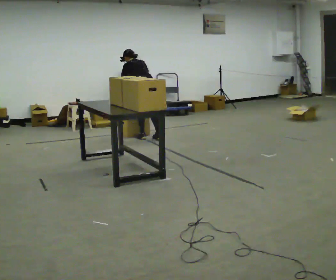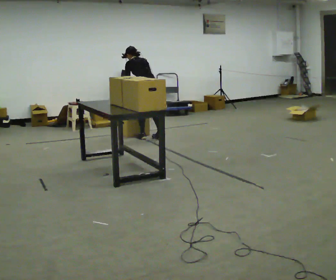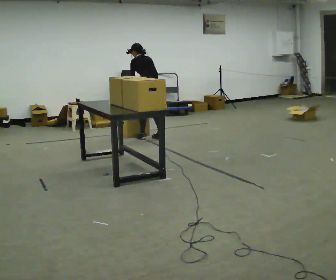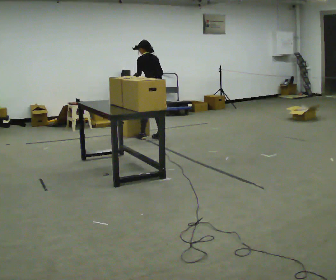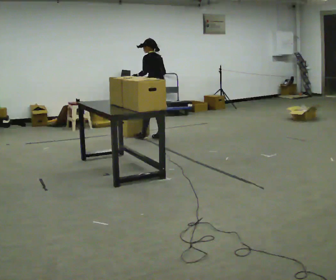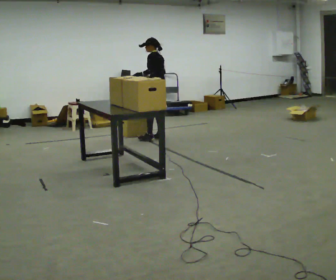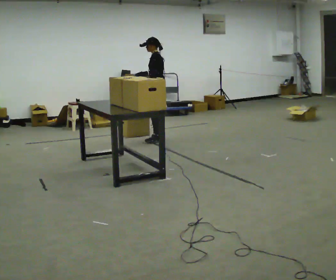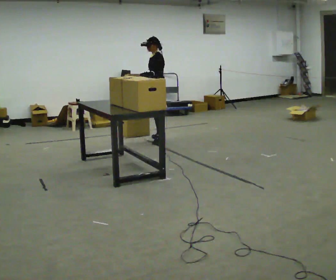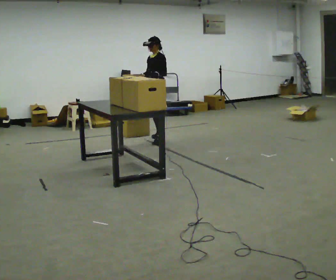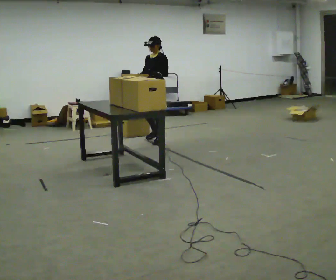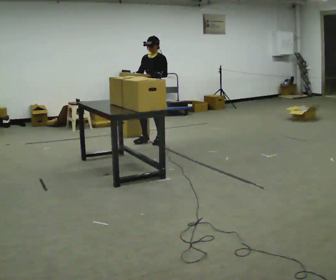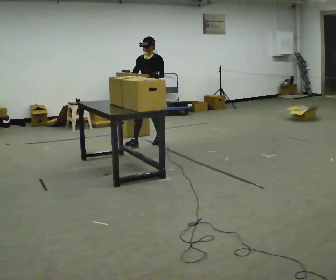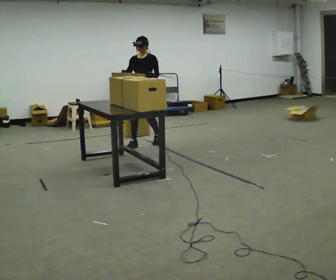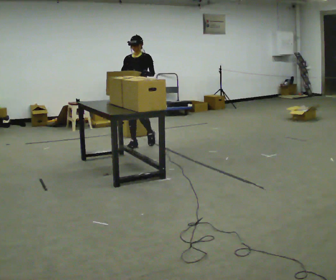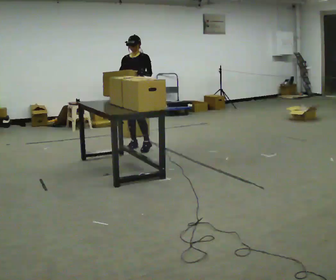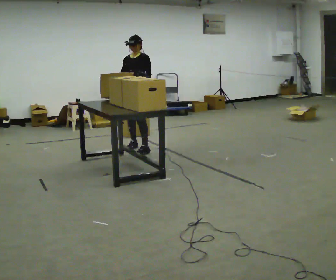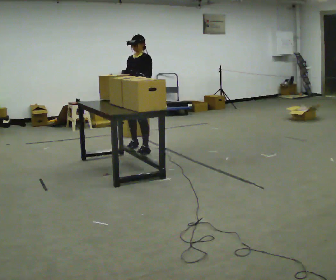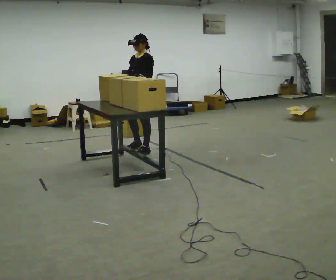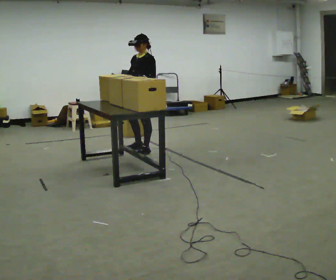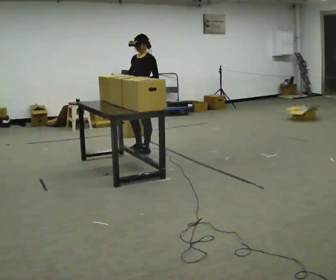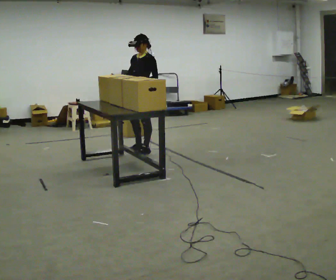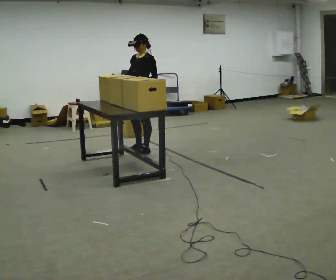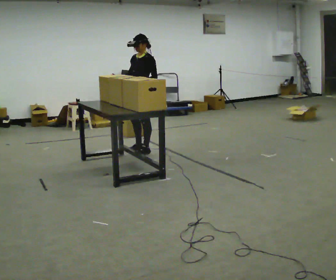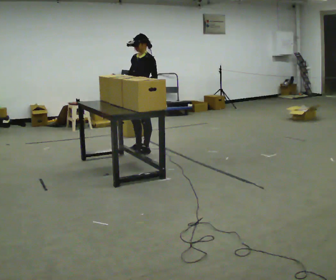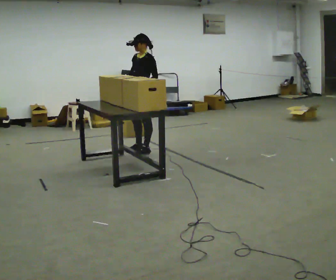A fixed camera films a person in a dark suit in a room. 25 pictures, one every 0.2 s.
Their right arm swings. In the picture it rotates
clockwise.
The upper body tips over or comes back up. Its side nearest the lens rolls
downward.
0.0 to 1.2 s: The part of the body nearest the lens slides to the right as the person turns to their left by about 60 degrees. In the picture they go to the right, about 0.25 m, which for them is to their right and backward. The upper body tips toward the camera, its near side rolling downward, as they lean back or straighten.
1.2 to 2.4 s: The person turns about 75 degrees to their left, counterclockwise seen from above, so the part of the body nearest the lens slides to the right. In the picture they go toward the camera and to the left, about 0.5 m in 2 steps.
2.4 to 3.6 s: Seen from above the body turns clockwise, about 30 degrees: to their right, with its near side sliding to the left. In the picture they go toward the camera, about 0.5 m in 2 steps, which for them is forward and to their left.
3.6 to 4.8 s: The person moves a little, or ends about where they began.
The film runs forward here.
